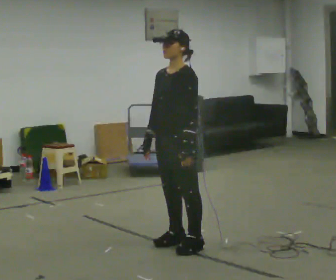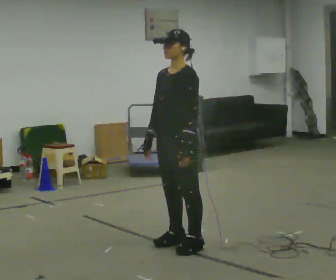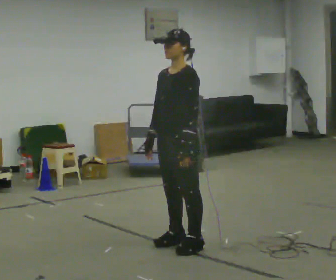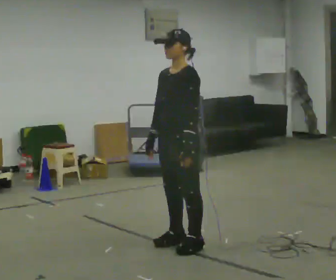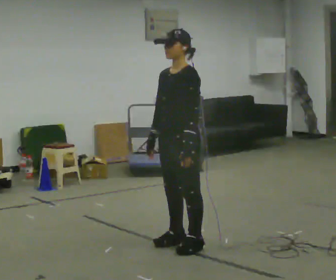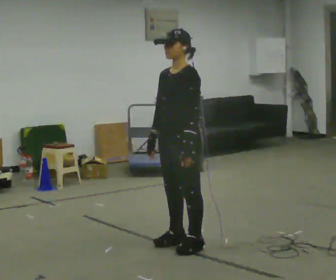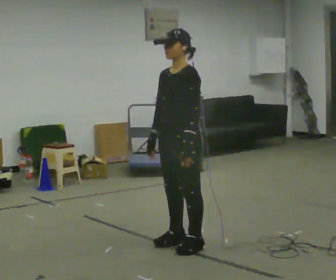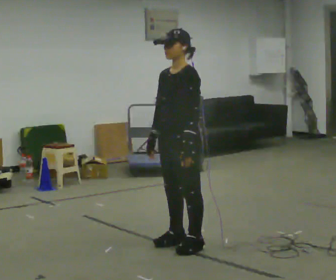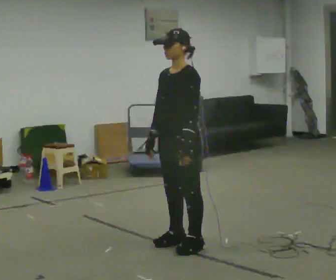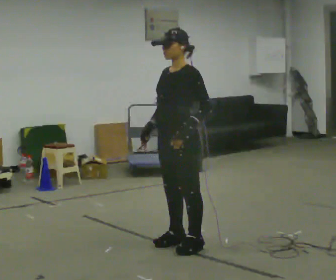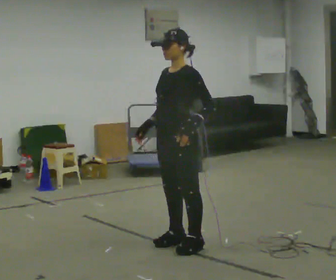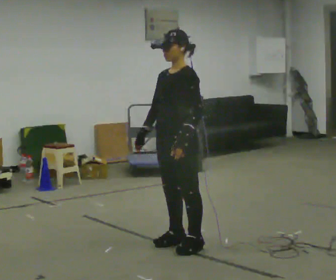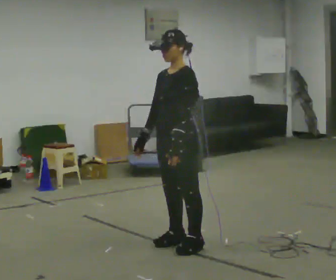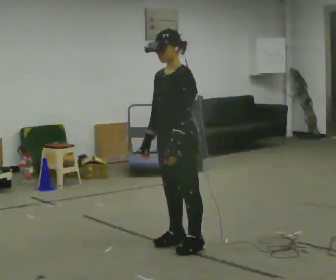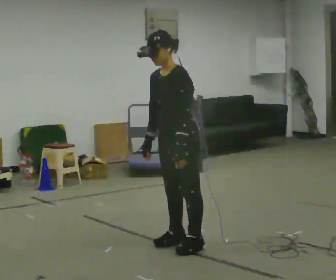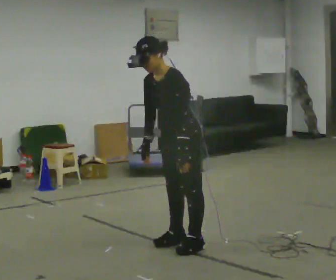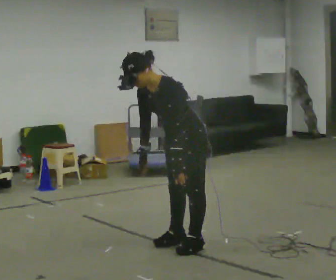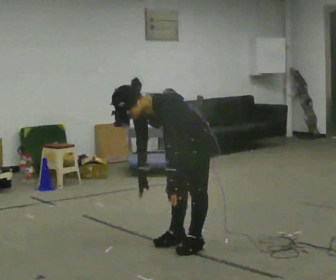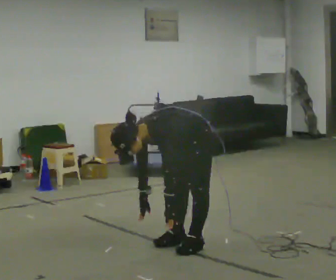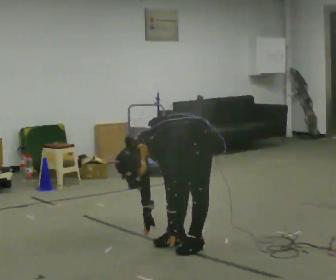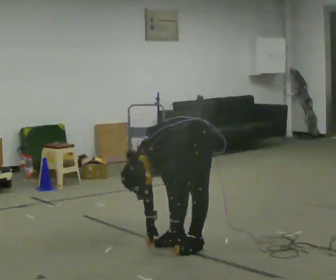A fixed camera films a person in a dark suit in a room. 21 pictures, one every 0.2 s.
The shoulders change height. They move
downward.
0.0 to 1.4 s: The person keeps their place and pose.
1.4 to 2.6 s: The person moves a little, or ends about where they began.
2.6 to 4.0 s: The upper body goes downward. In the picture the upper body tilts counterclockwise, shoulders to the left, as they bend forward. In the picture their left hand goes downward.
The film runs forward here.
